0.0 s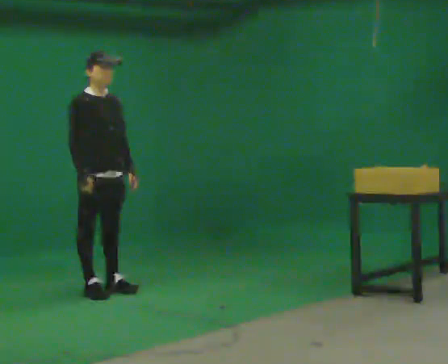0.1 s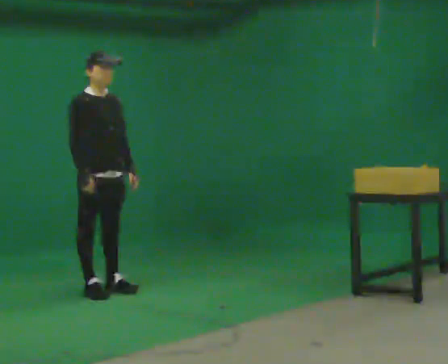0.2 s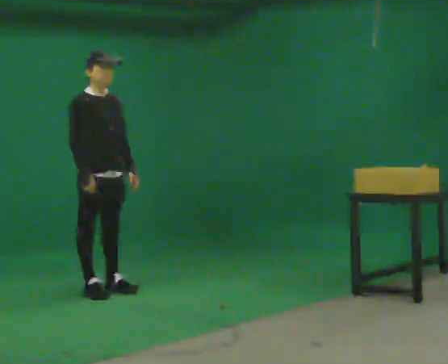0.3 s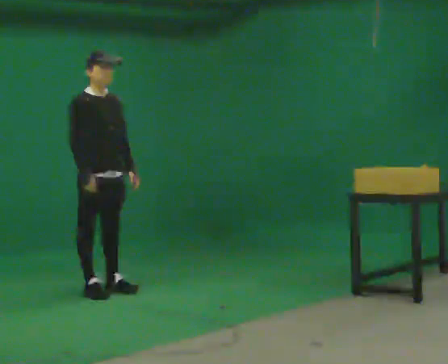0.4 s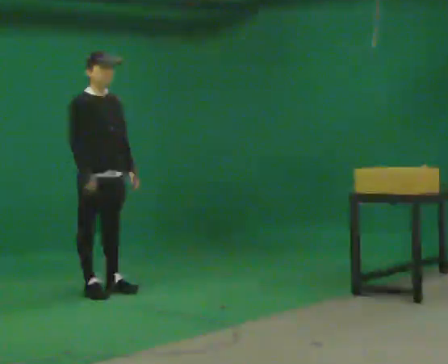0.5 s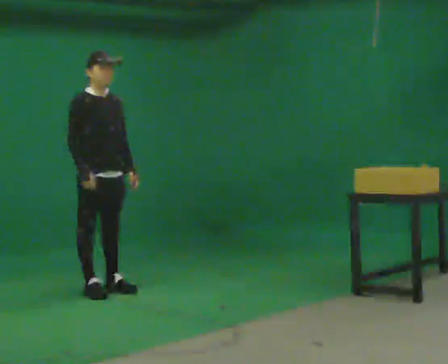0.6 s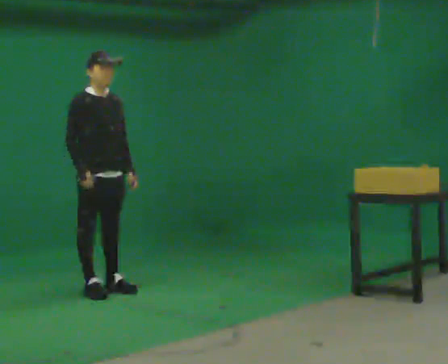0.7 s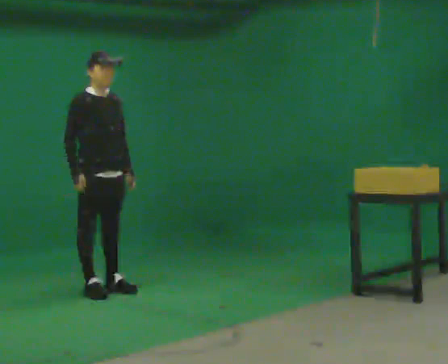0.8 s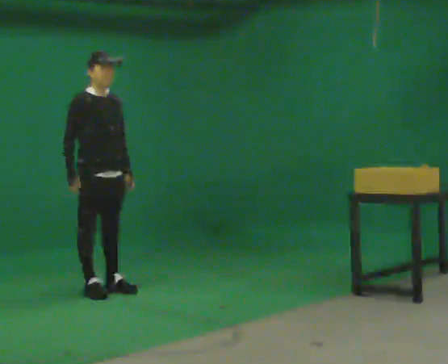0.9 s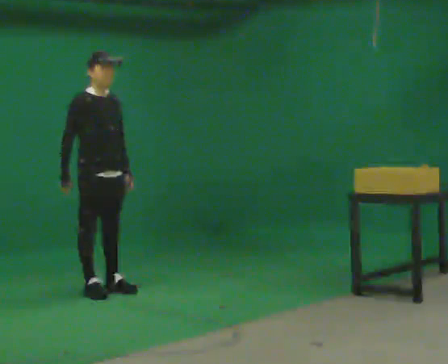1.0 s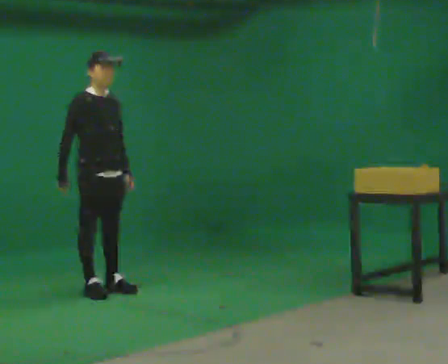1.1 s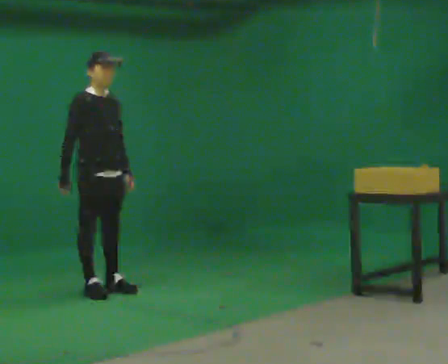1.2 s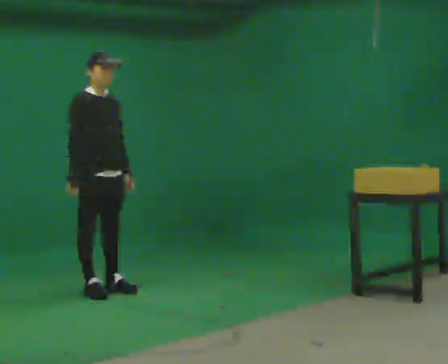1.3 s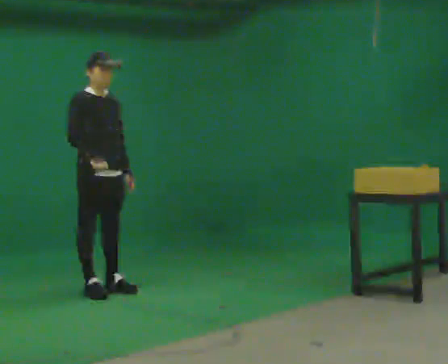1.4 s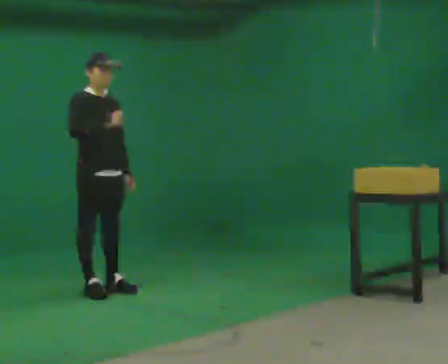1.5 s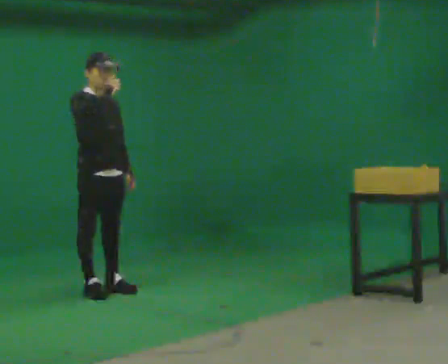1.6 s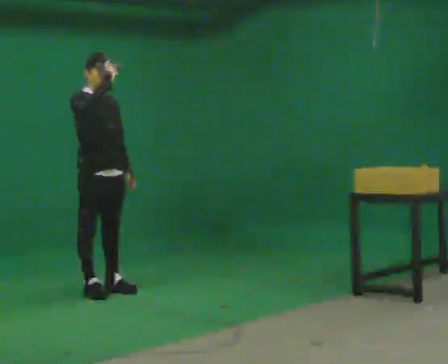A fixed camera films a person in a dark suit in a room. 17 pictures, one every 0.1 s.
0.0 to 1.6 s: In the picture their right hand goes upward.
The film runs backward here.
